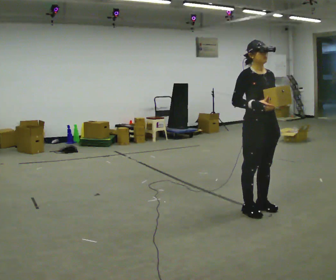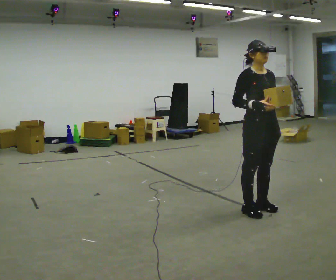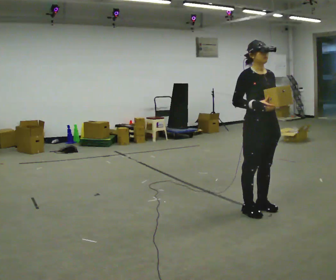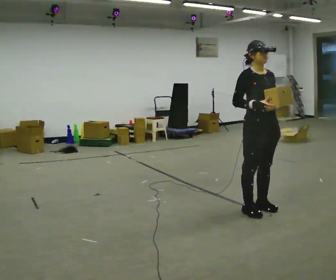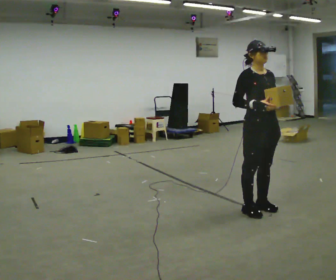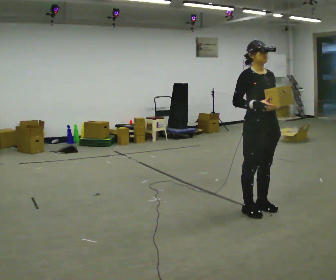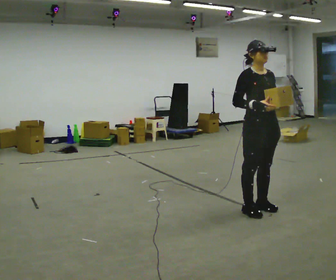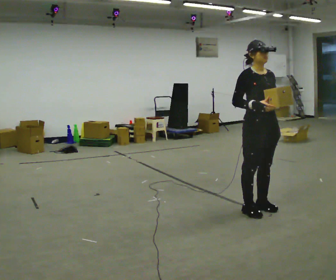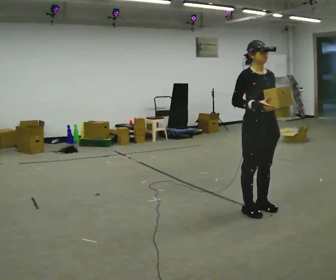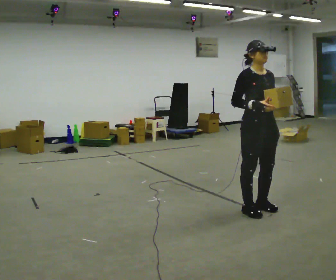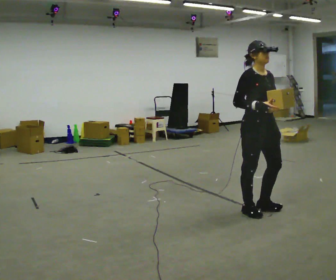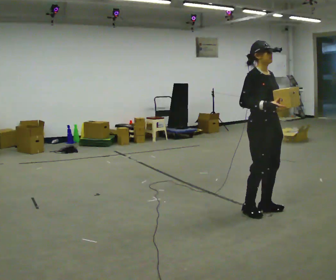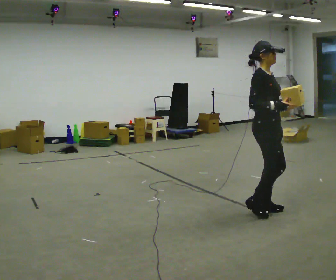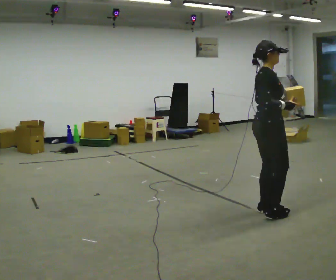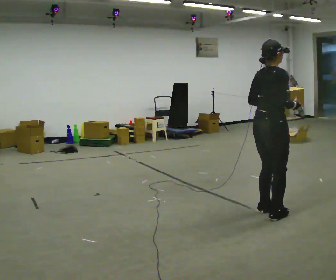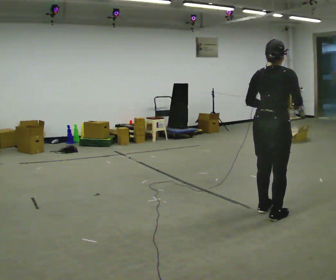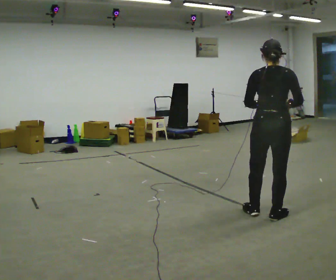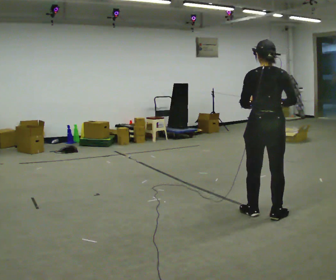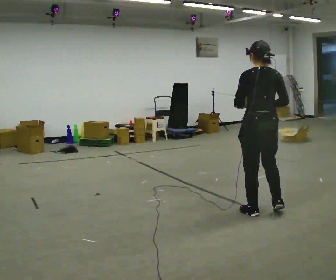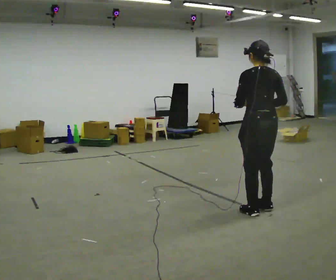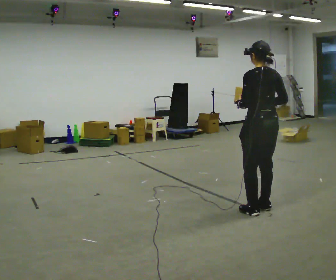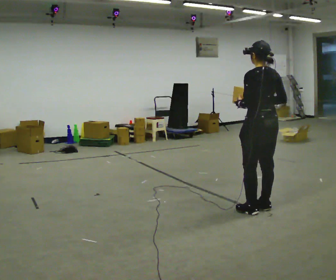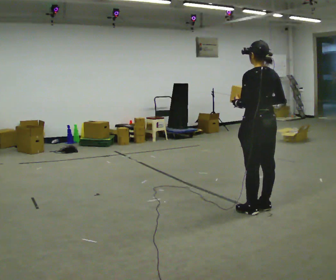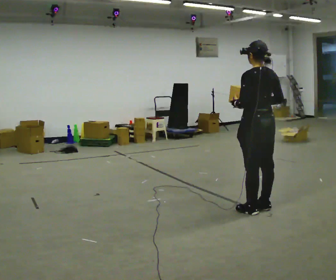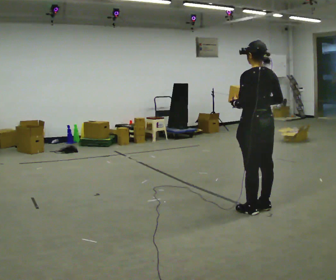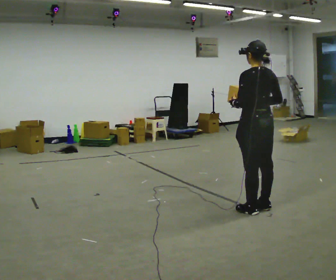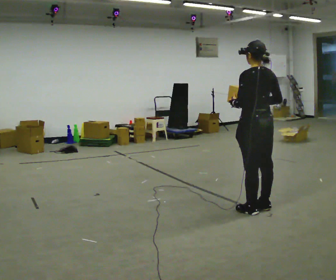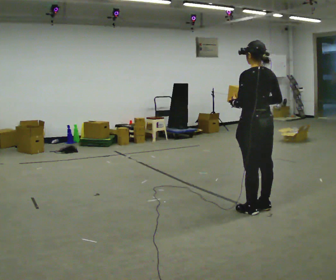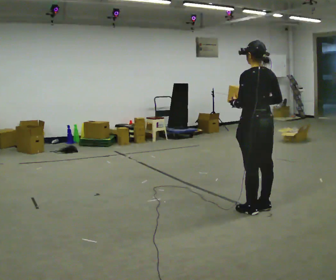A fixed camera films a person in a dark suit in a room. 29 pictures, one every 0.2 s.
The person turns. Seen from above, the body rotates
counterclockwise.
The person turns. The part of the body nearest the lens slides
to the right.
0.0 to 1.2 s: The person keeps their place and pose.
1.2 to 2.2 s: The person moves a little, or ends about where they began.
2.2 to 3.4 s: The person turns about 135 degrees to their left, counterclockwise seen from above, so the part of the body nearest the lens slides to the right. In the picture their left hand goes to the left.
3.4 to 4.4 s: Seen from above the body turns counterclockwise, about 30 degrees: to their left, with its near side sliding to the right.
4.4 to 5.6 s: The person keeps their place and pose.
The film runs forward here.
